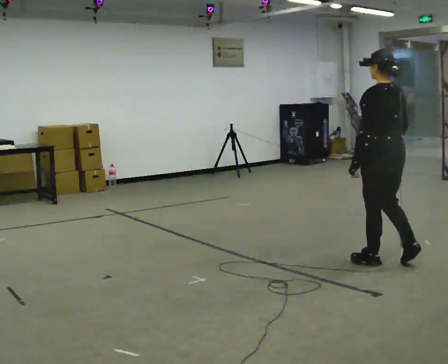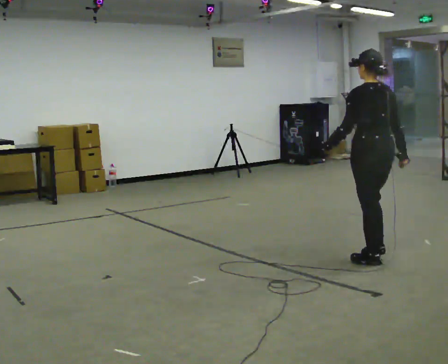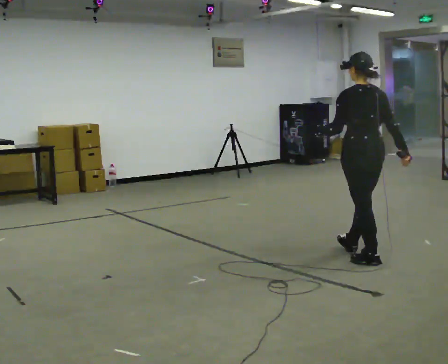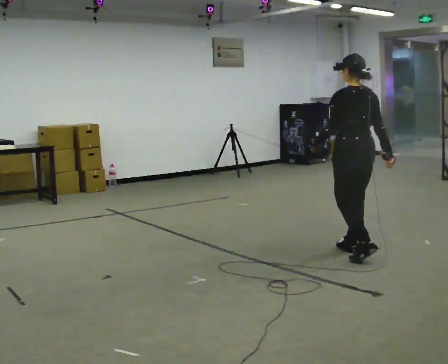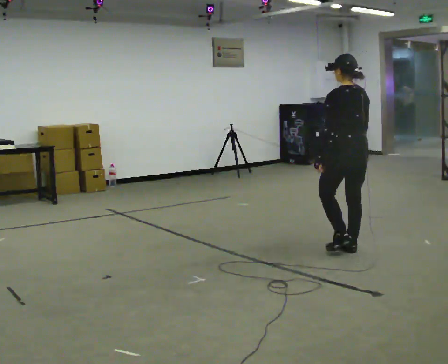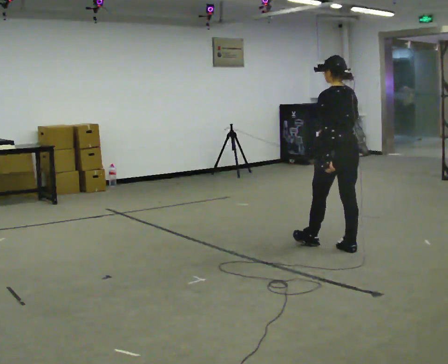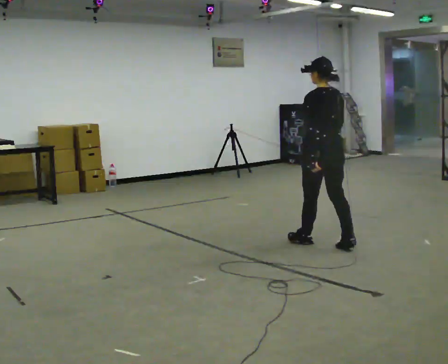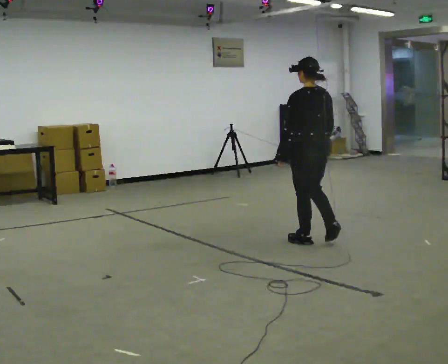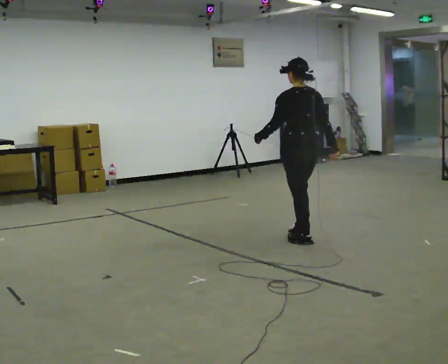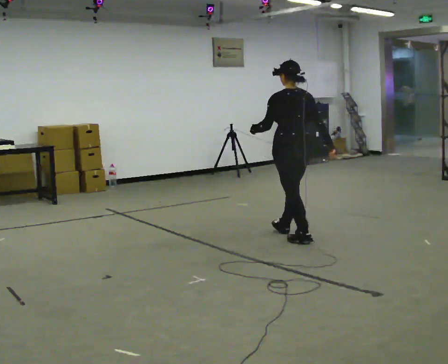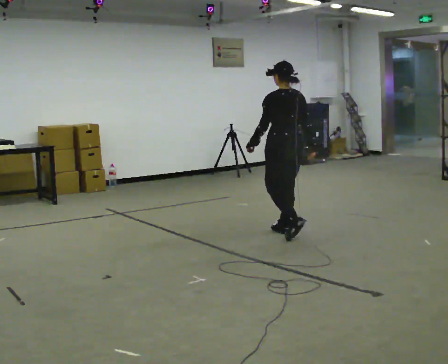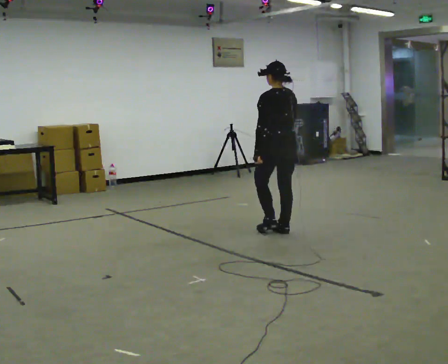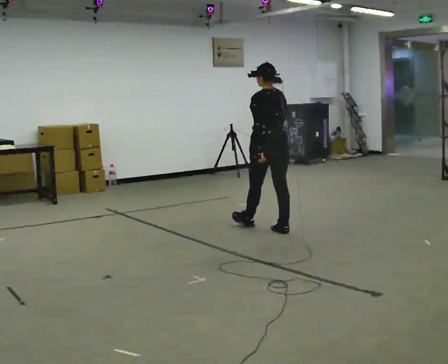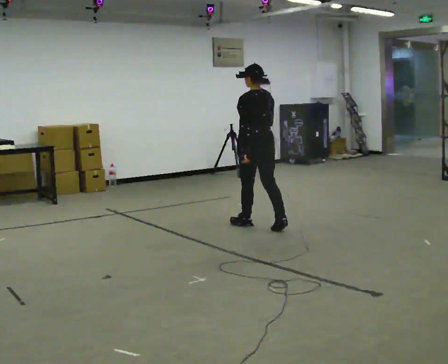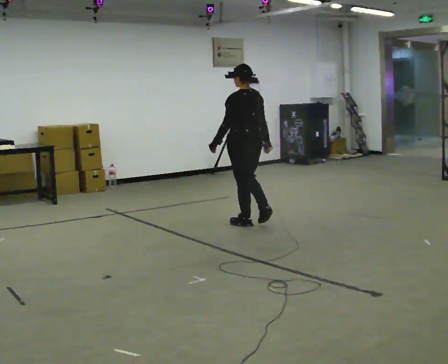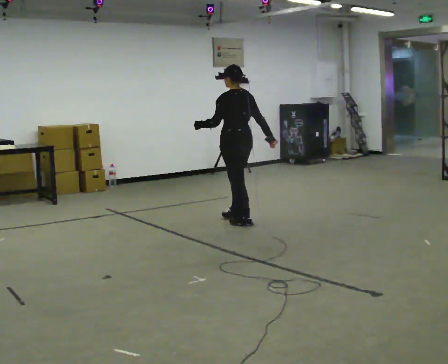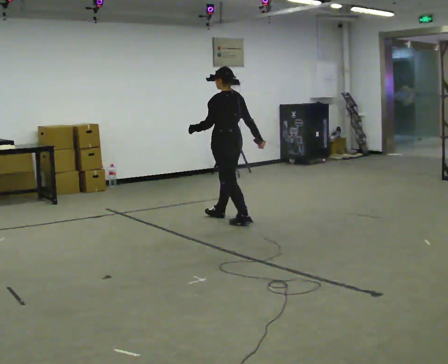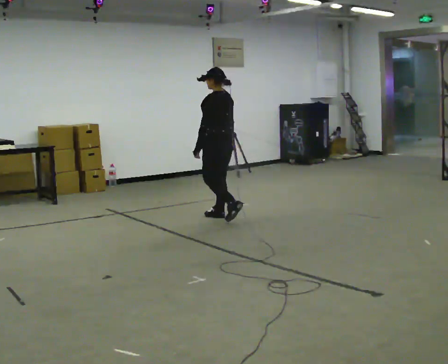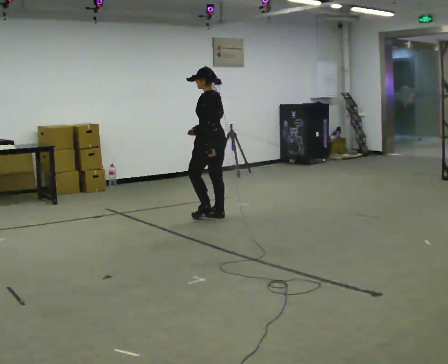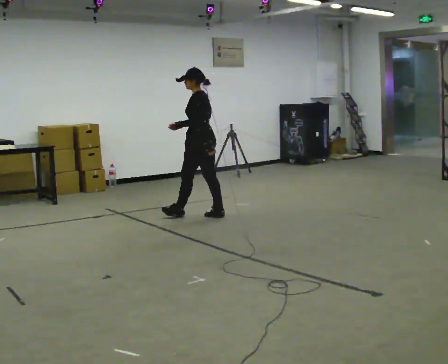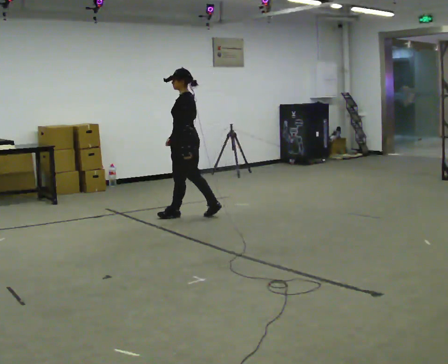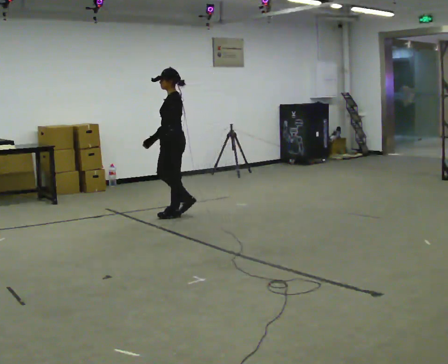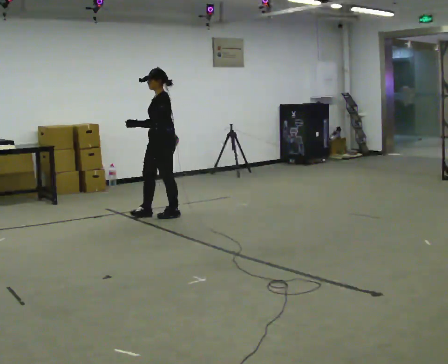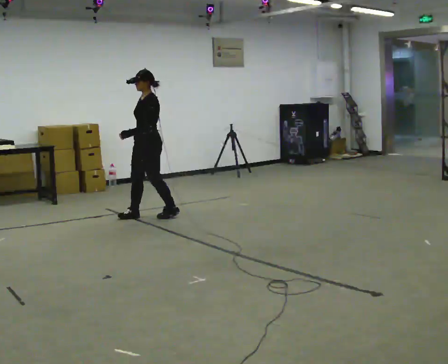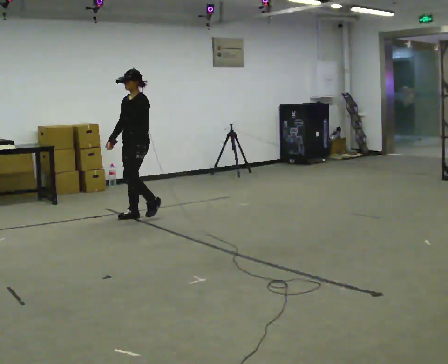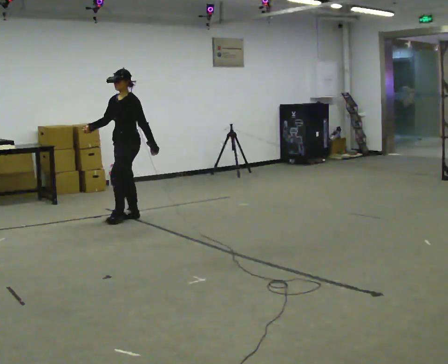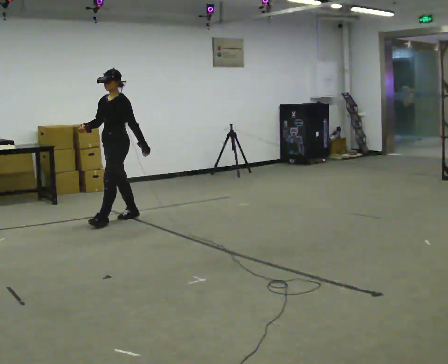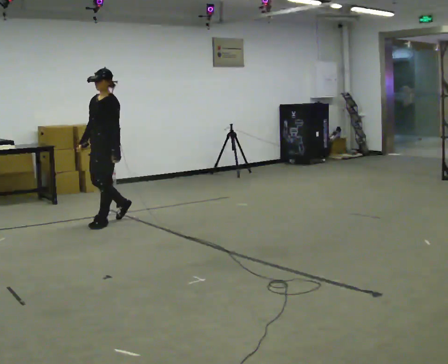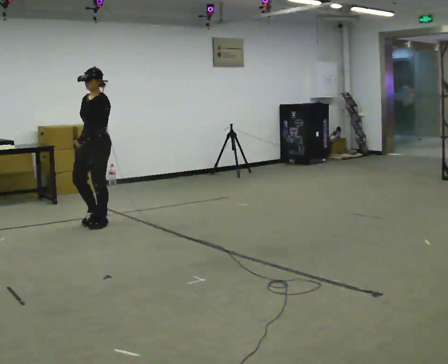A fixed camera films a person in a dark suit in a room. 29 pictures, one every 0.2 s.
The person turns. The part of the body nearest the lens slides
to the right.
The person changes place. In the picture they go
to the left.
0.0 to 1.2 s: In the picture they go away from the camera and to the left, about 0.5 m in 2 steps, which for them is forward.
1.2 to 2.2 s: In the picture they go away from the camera and to the left, about 0.75 m in 1 step, which for them is forward.
2.2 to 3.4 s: The part of the body nearest the lens slides to the right as the person turns to their left by about 30 degrees. In the picture they go away from the camera and to the left, about 1 m in 2 steps, which for them is forward.
3.4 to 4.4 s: The person turns about 45 degrees to their left, counterclockwise seen from above, so the part of the body nearest the lens slides to the right. In the picture they go to the left, about 0.5 m in 1 step, which for them is forward.
4.4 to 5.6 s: The person turns about 30 degrees to their left, counterclockwise seen from above, so the part of the body nearest the lens slides to the right. In the picture they go to the left and toward the camera, about 0.5 m in 2 steps, which for them is forward.
The film runs forward here.
